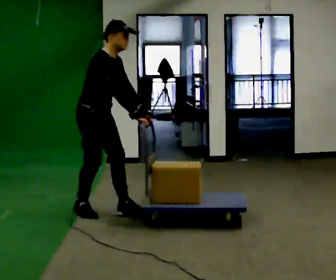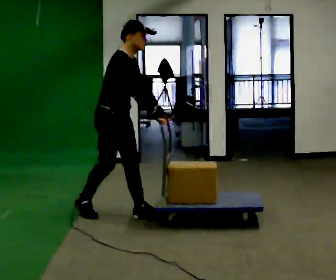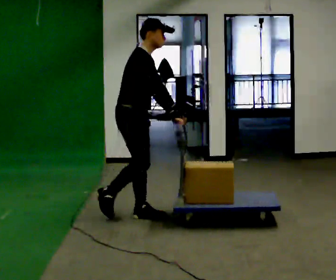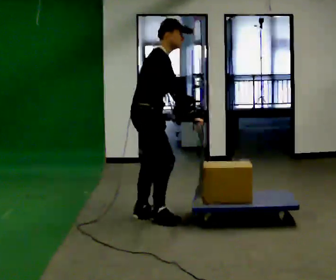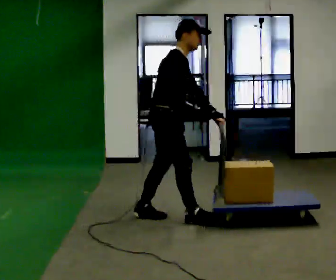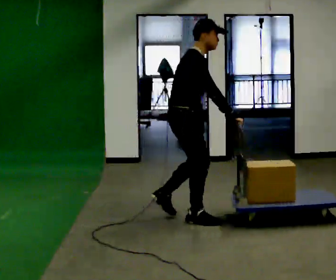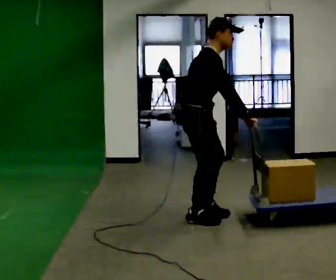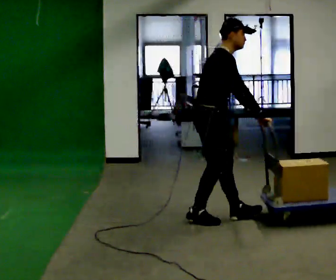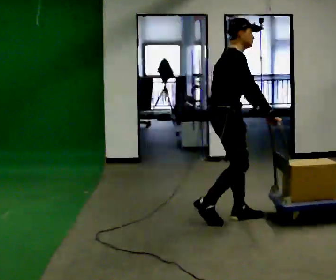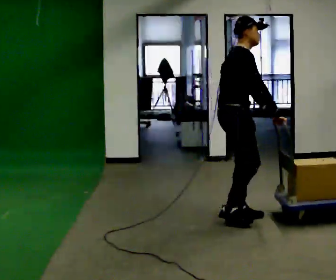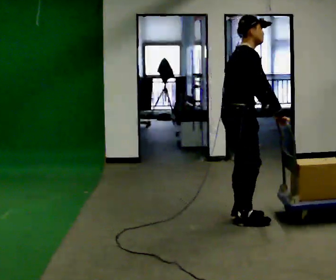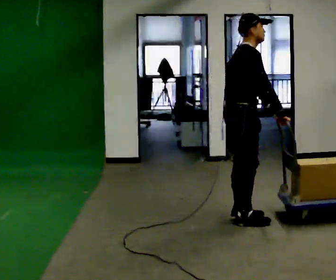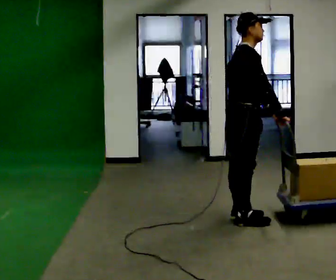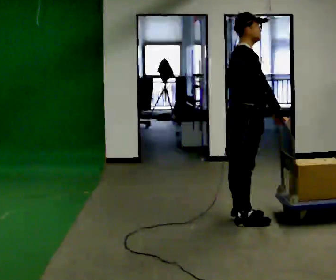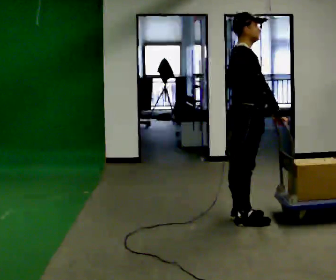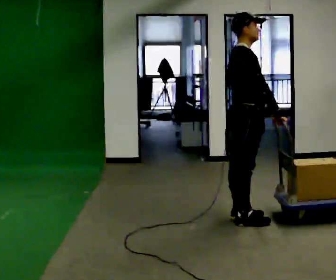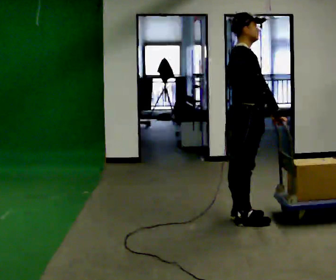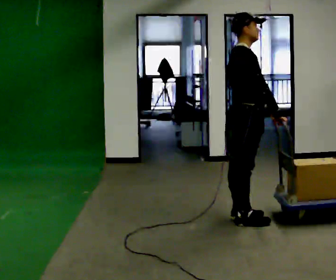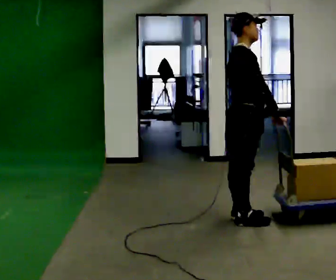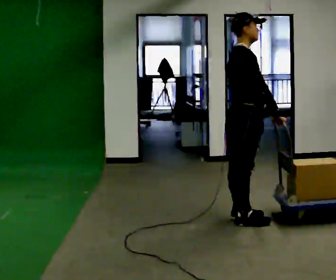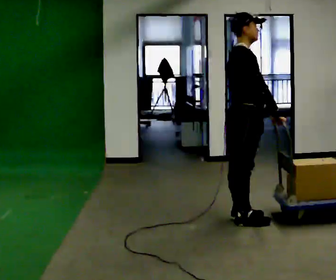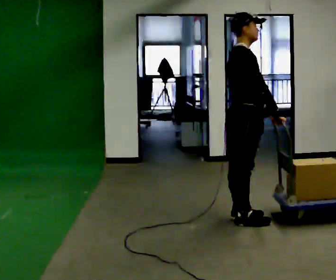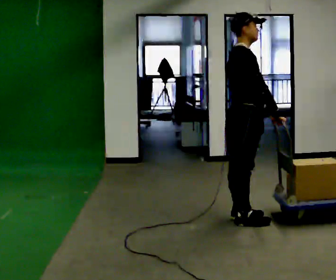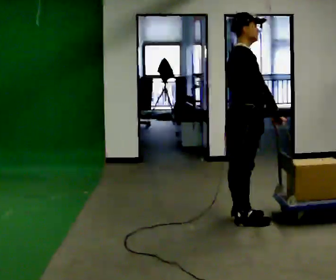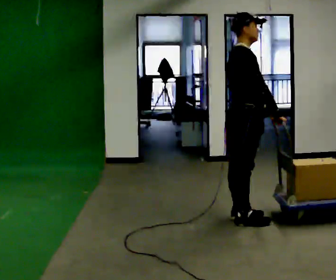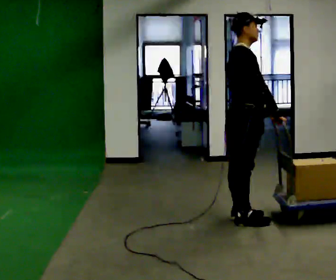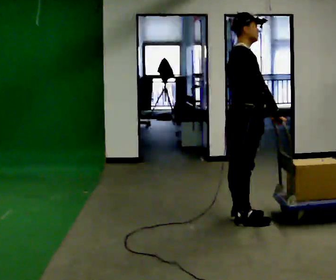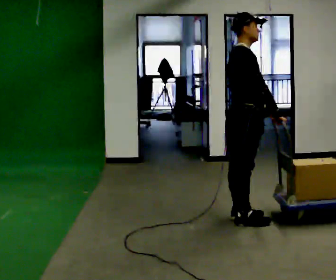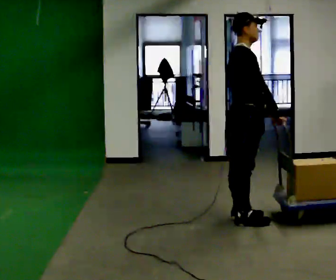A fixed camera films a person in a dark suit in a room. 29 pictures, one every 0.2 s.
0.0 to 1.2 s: In the picture they go to the right, about 1 m in 2 steps, which for them is forward.
1.2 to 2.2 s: In the picture they go to the right, about 0.25 m in 2 steps, which for them is forward.
2.2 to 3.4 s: The person moves a little, or ends about where they began.
3.4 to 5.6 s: The person keeps their place and pose.
The film runs forward here.
